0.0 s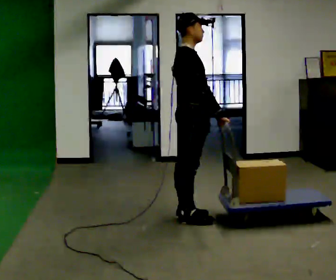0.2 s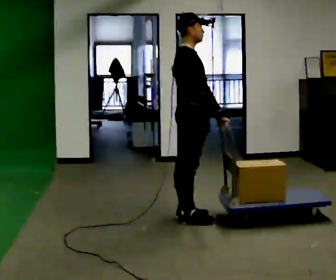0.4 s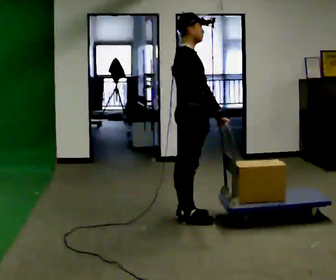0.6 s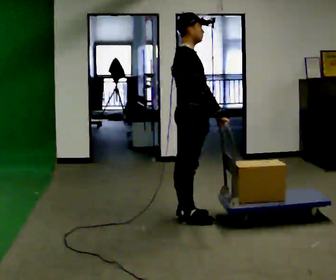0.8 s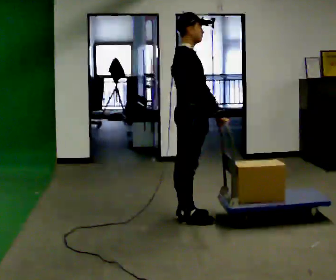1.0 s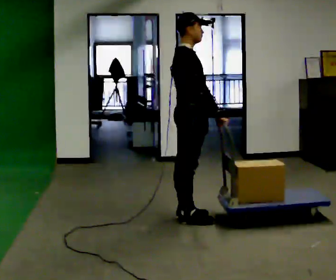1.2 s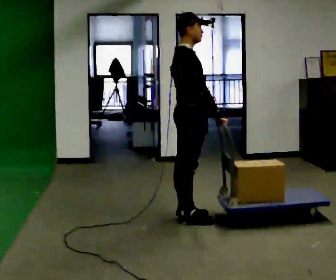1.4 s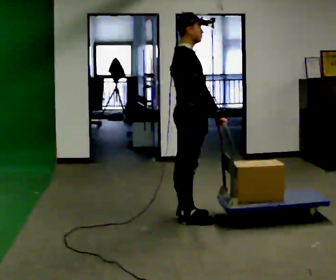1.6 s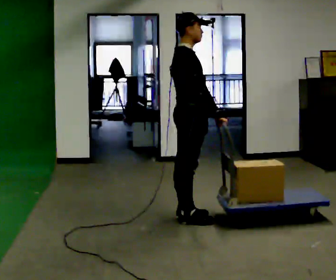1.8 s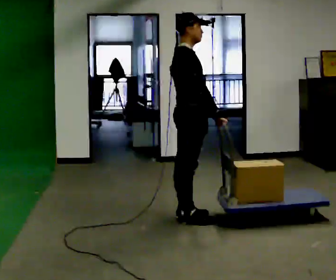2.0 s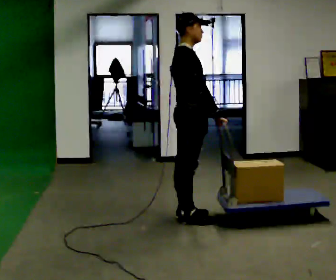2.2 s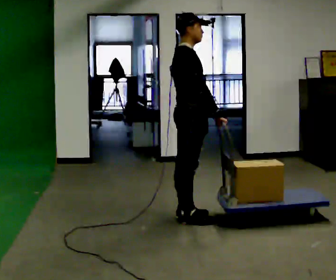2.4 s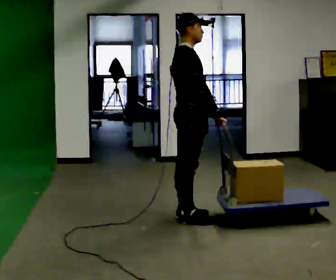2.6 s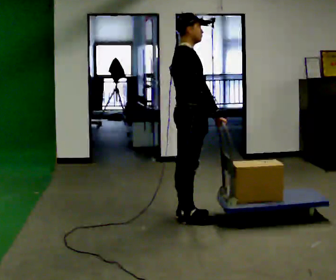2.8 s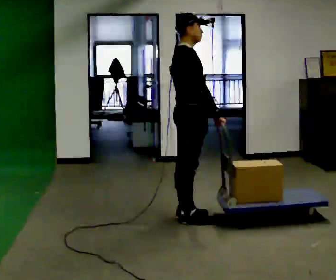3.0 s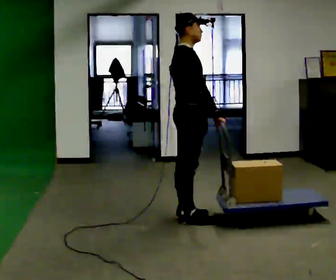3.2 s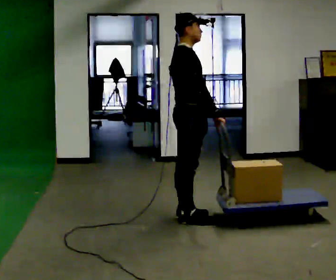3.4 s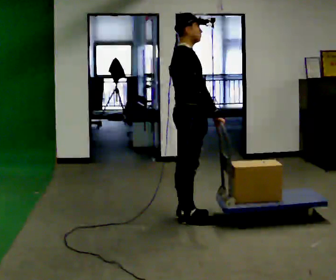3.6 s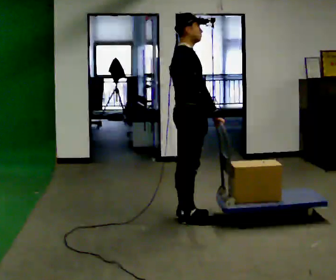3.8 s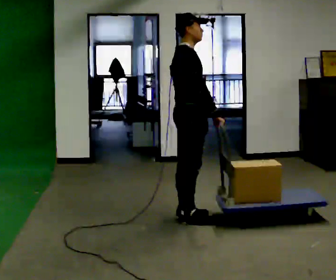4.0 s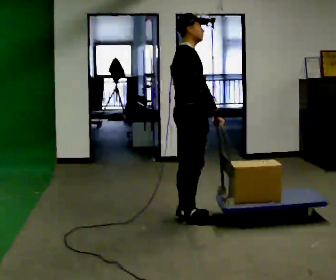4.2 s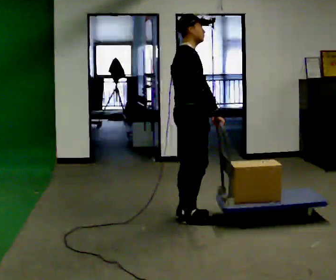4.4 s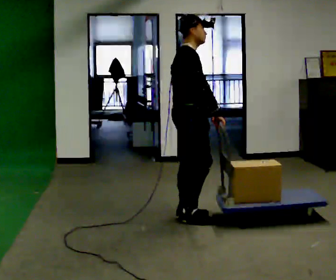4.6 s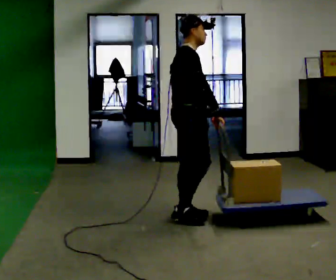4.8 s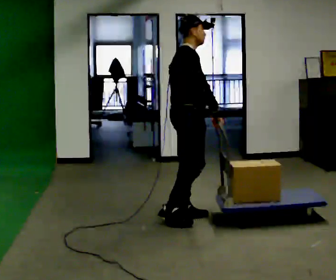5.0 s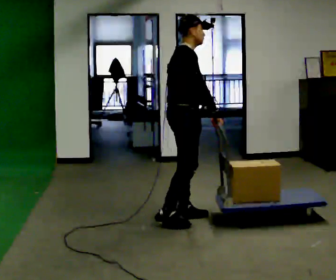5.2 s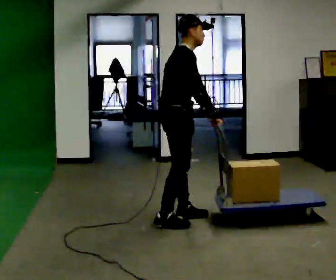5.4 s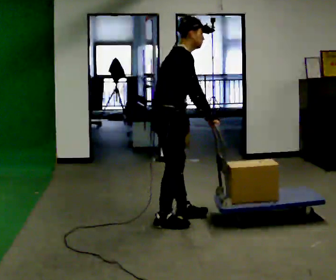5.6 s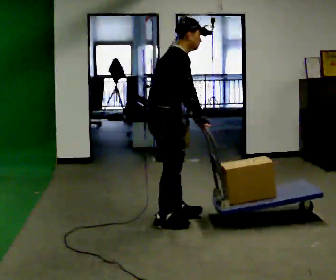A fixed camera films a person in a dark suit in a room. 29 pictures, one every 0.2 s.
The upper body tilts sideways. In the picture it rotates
clockwise.
0.0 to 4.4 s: The person moves a little, or ends about where they began.
4.4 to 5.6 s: In the picture they go toward the camera and to the left, about 0.25 m in 1 step, which for them is to their right and backward. In the picture the upper body tilts clockwise, shoulders to the right, as they bend forward.
The film runs forward here.
